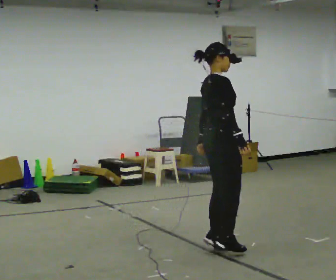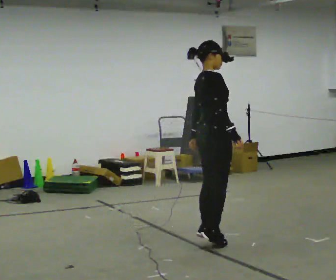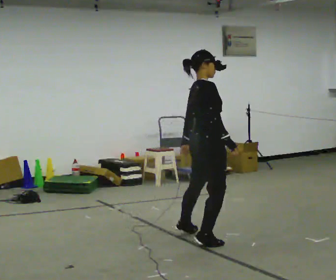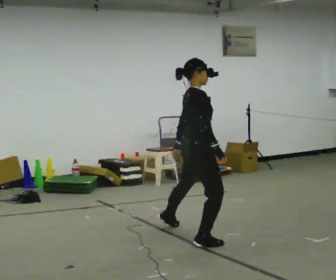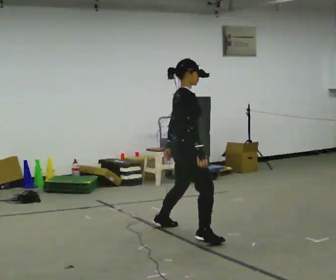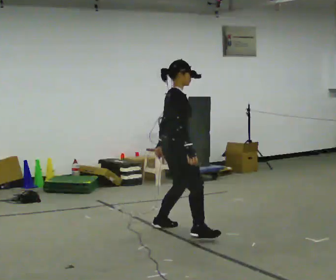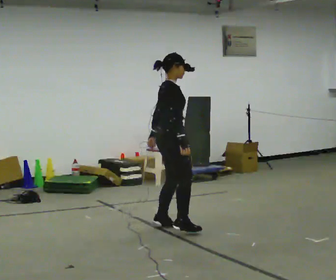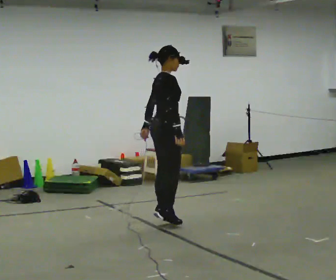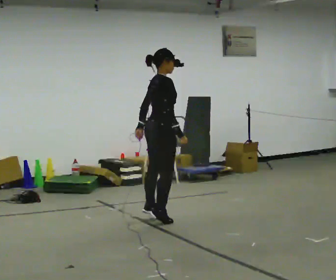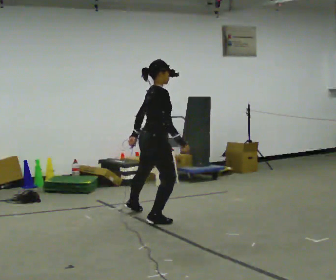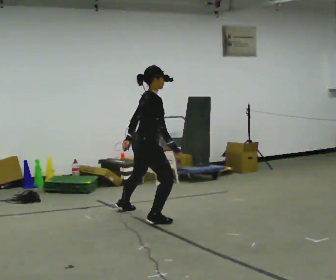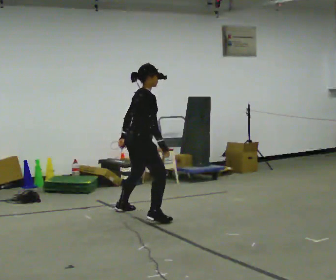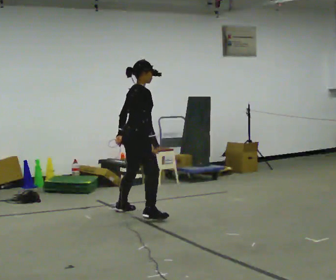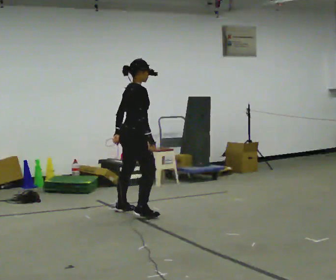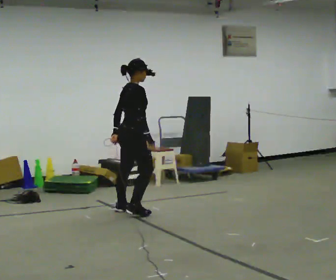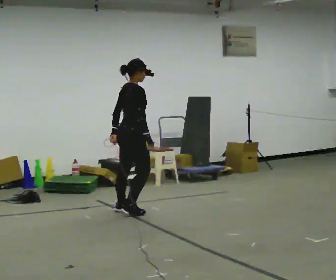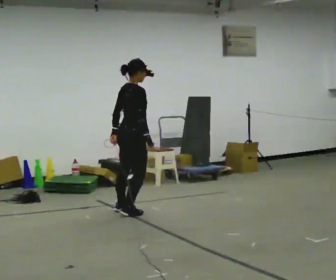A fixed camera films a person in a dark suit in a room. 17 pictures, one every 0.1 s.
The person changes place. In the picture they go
away from the camera.
0.0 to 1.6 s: In the picture they go away from the camera and to the left, about 1.5 m in 3 steps, which for them is to their left.
The film runs backward here.
